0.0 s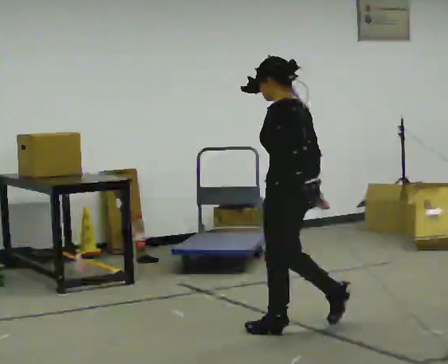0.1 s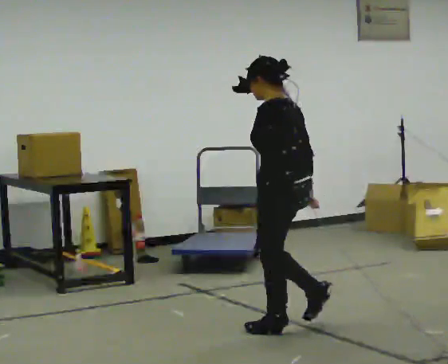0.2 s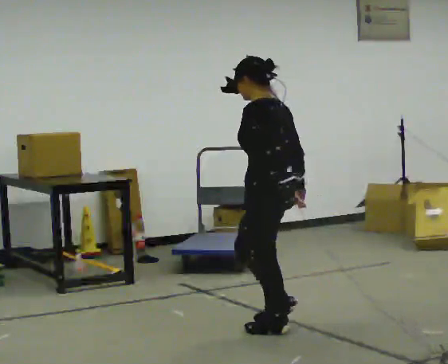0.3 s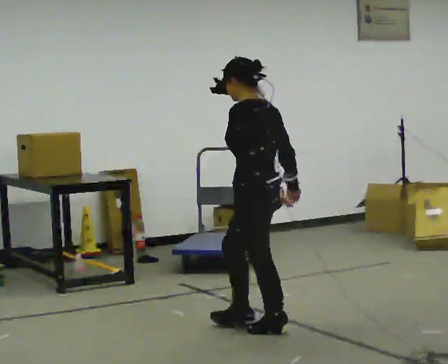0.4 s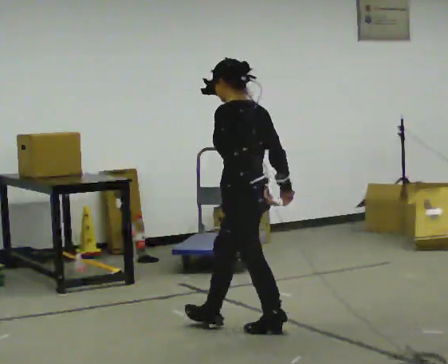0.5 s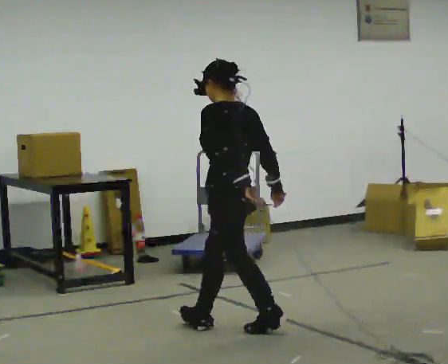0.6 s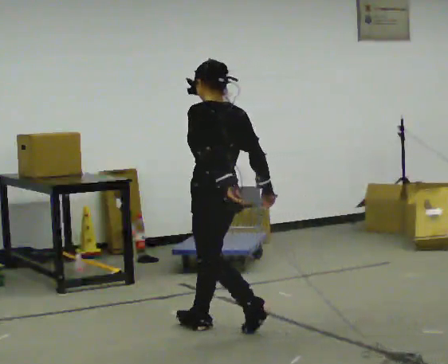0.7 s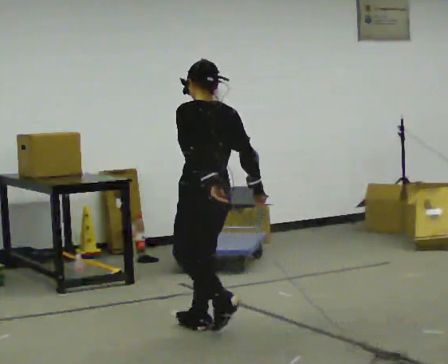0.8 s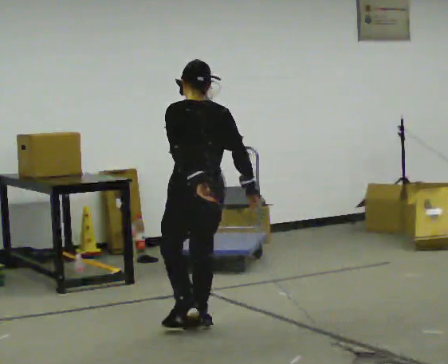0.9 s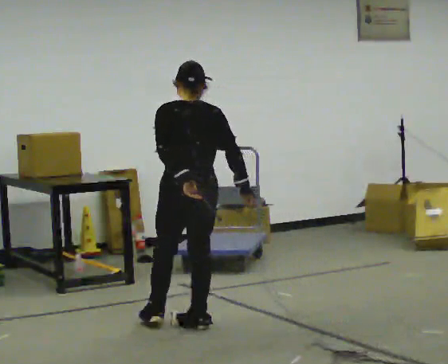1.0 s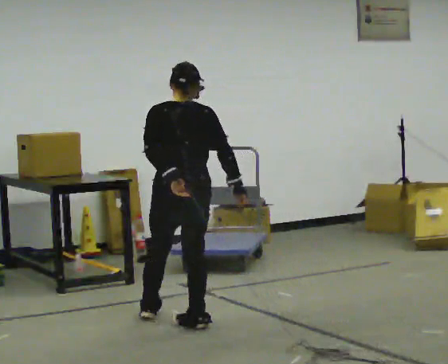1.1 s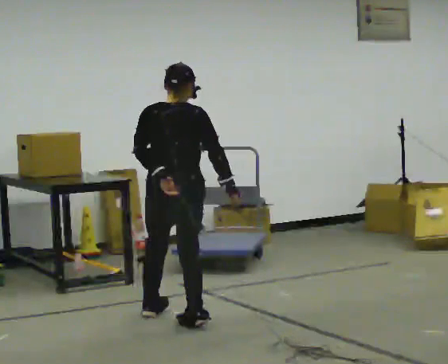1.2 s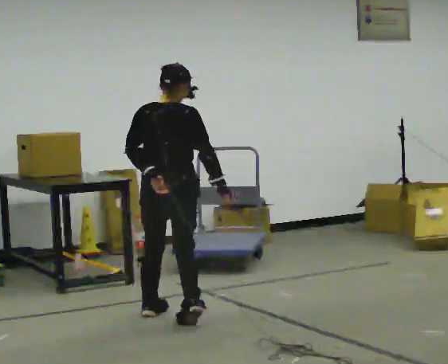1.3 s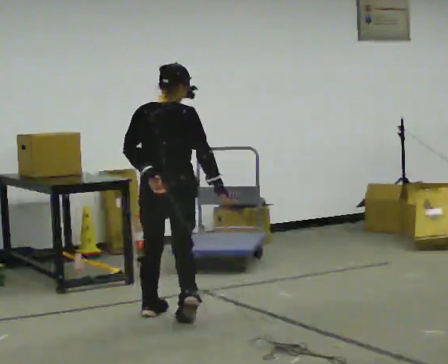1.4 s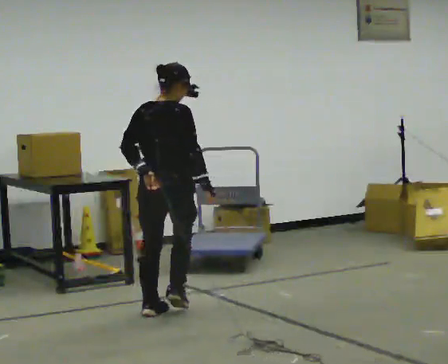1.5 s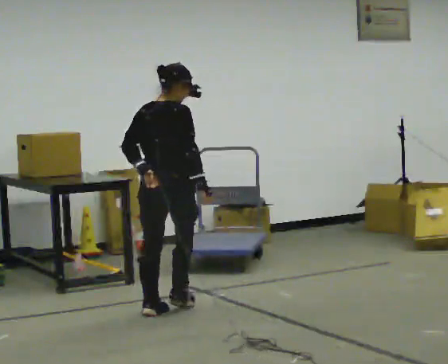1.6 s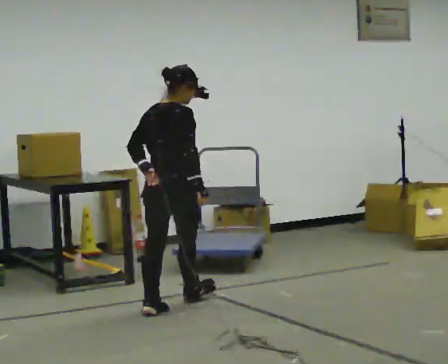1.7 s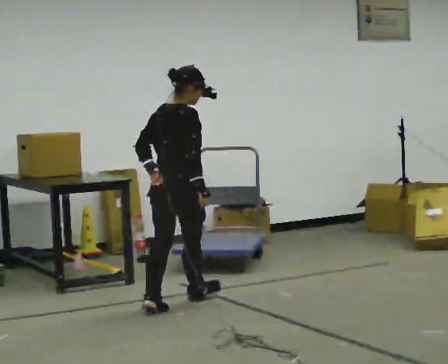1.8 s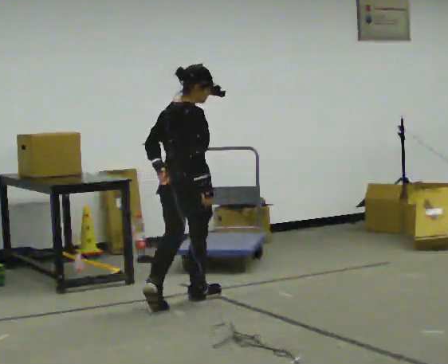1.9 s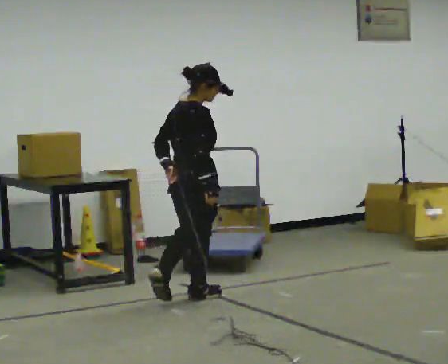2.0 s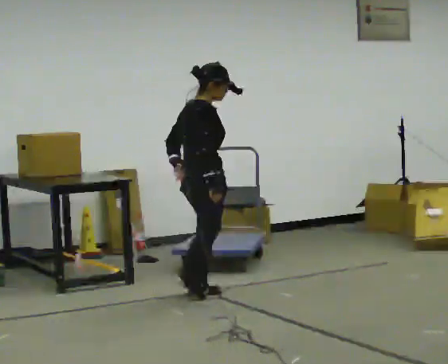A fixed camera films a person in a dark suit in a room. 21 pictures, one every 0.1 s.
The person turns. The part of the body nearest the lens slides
to the left.
The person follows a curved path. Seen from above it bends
clockwise.
0.0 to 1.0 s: The person turns about 60 degrees to their right, clockwise seen from above, so the part of the body nearest the lens slides to the left. In the picture they go to the left and away from the camera, about 0.5 m in 1 step, which for them is forward.
1.0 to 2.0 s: The person turns about 75 degrees to their right, clockwise seen from above, so the part of the body nearest the lens slides to the left. In the picture they go away from the camera, about 0.5 m in 2 steps.
The film runs forward here.
